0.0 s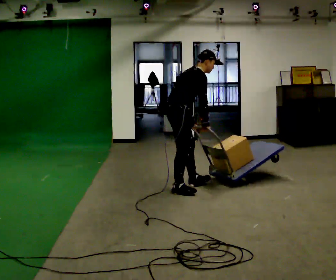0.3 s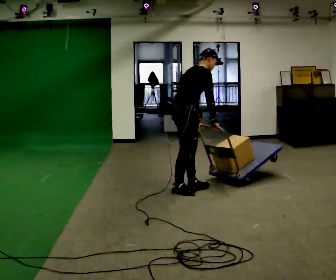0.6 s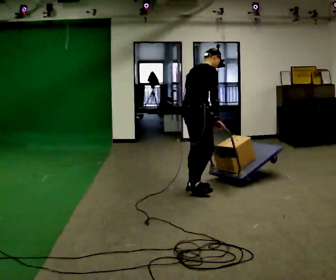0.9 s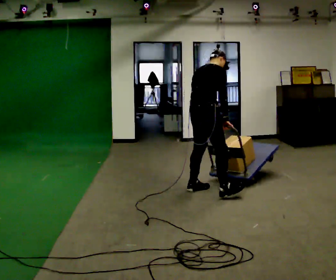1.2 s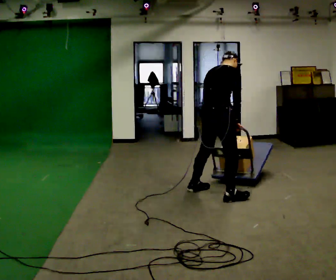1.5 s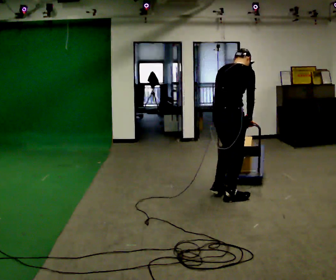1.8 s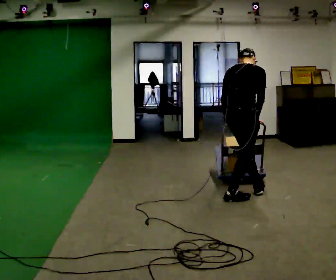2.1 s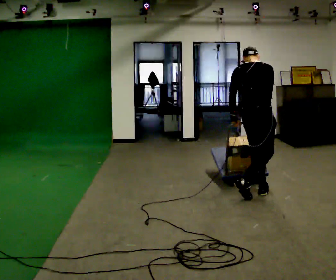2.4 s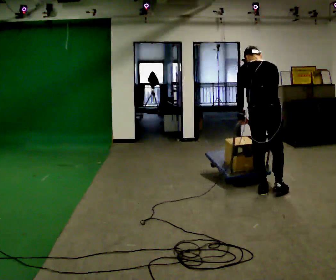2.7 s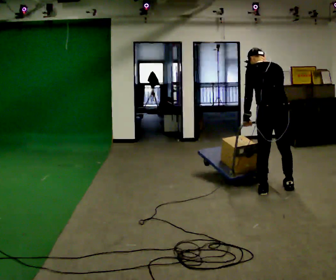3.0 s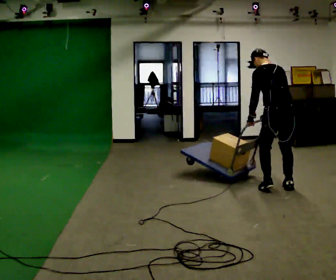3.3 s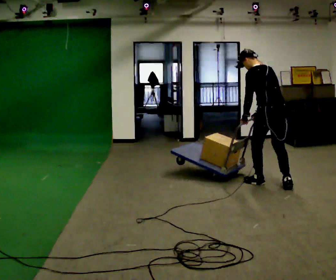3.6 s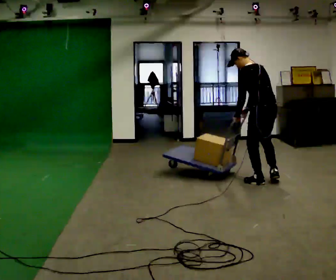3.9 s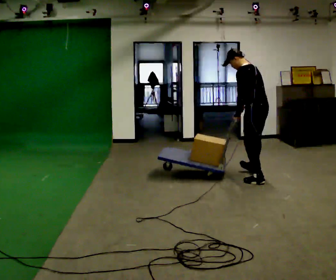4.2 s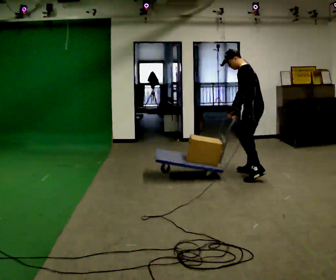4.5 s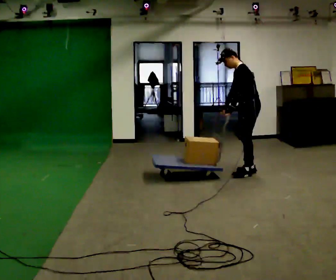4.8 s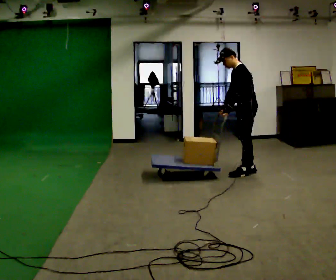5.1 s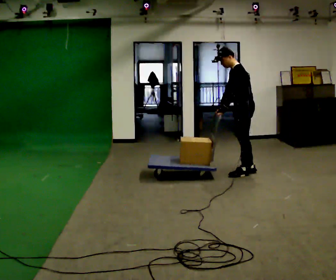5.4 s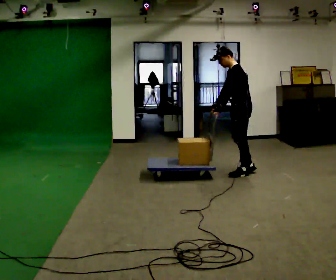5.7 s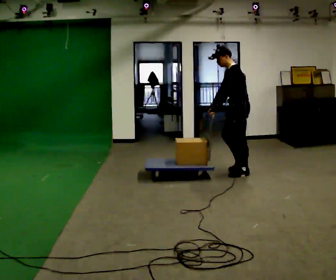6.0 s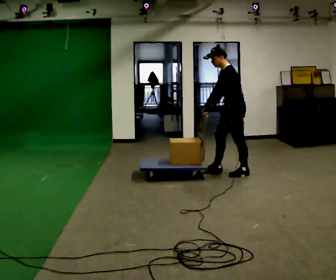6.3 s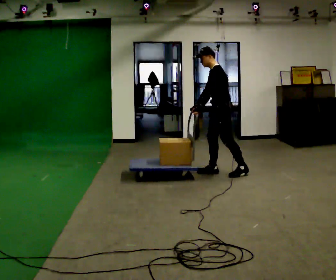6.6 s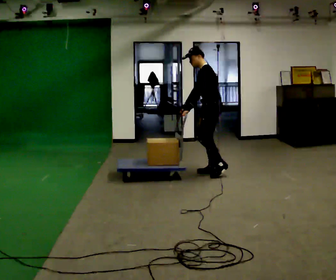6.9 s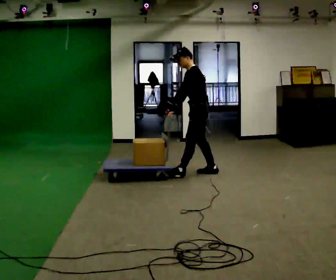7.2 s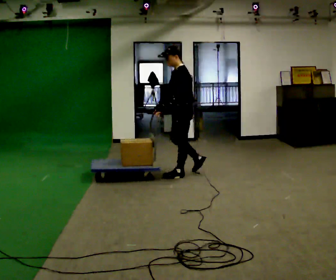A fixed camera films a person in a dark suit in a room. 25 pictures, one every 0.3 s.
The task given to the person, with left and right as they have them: Turn the cart round to face the other way without moving it out of the marked square, then turn it back. Repeat until the operator says stop.
0.0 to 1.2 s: In the picture they go to the right, about 0.5 m in 2 steps, which for them is to their right and forward. In the picture the upper body tilts counterclockwise, shoulders to the left.
1.2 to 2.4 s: Seen from above the body turns counterclockwise, about 45 degrees: to their left, with its near side sliding to the right. In the picture they go to the right, about 0.5 m in 1 step, which for them is forward and to their right. In the picture the upper body tilts counterclockwise, shoulders to the left.
2.4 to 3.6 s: The part of the body nearest the lens slides to the right as the person turns to their left by about 45 degrees. In the picture they go away from the camera, about 0.5 m in 2 steps, which for them is forward and to their right.
3.6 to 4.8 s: Seen from above the body turns counterclockwise, about 45 degrees: to their left, with its near side sliding to the right. In the picture they go away from the camera and to the left, about 0.5 m in 2 steps, which for them is to their right and forward.
4.8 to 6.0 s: In the picture they go to the left, about 0.25 m, which for them is forward.
6.0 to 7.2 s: In the picture they go to the left, about 0.75 m in 2 steps, which for them is forward.
The film runs forward here.
